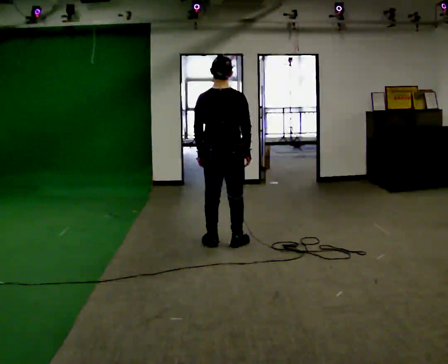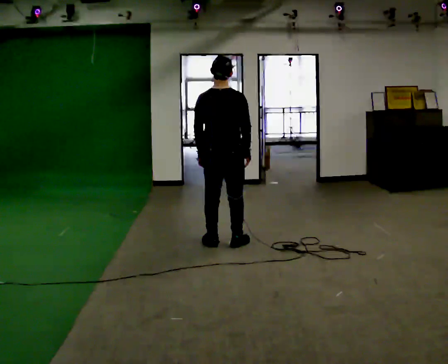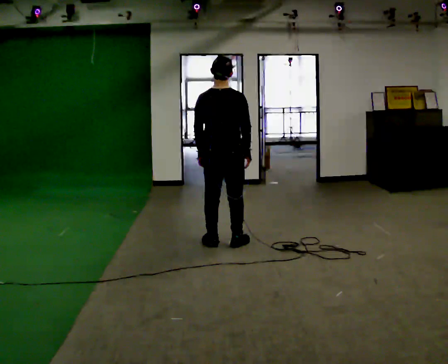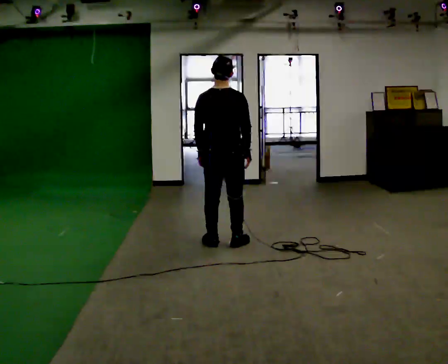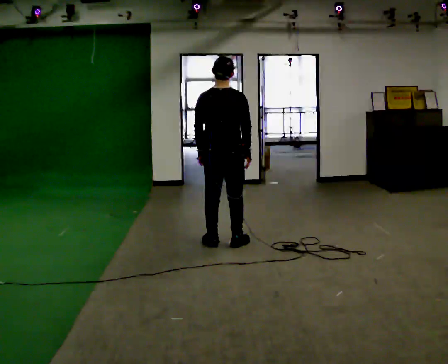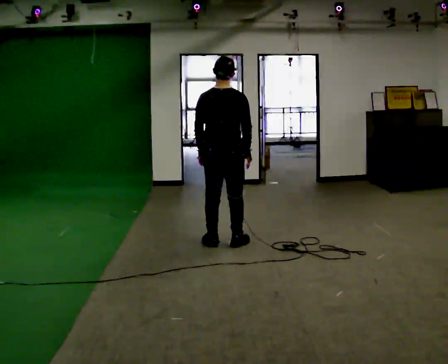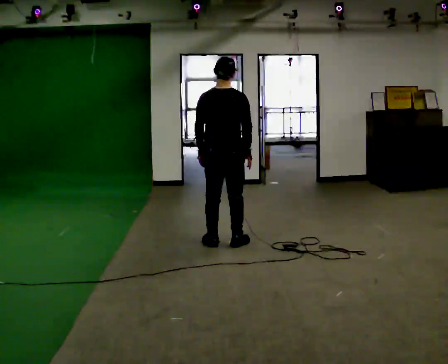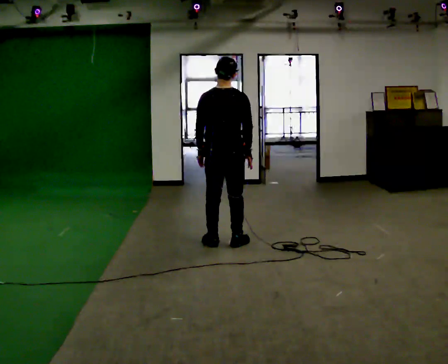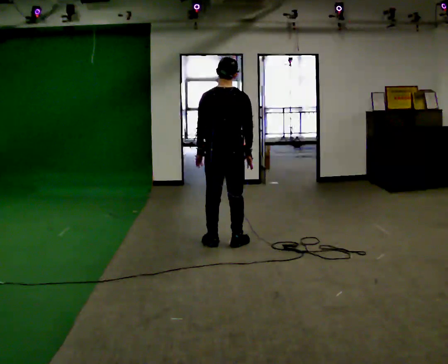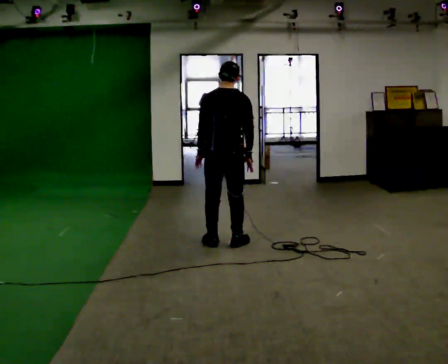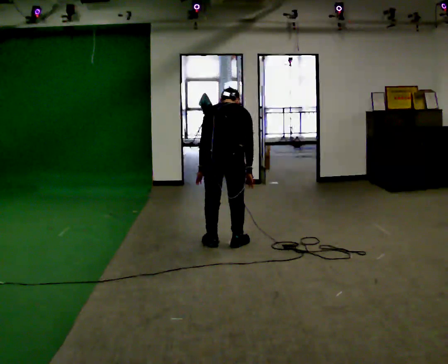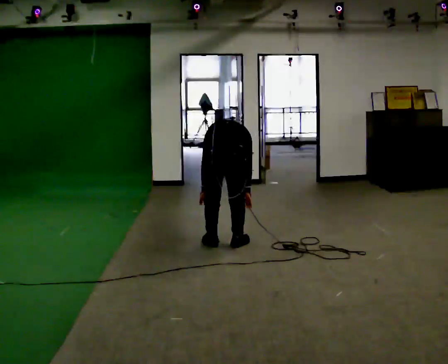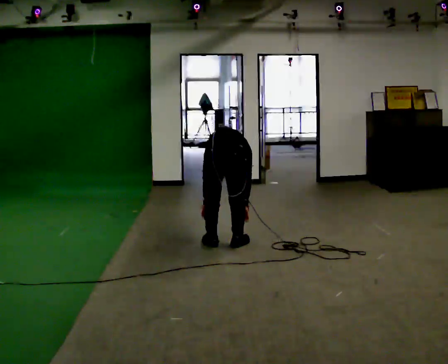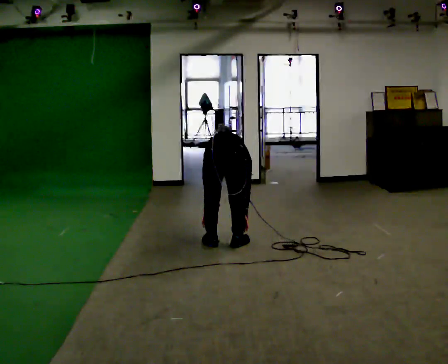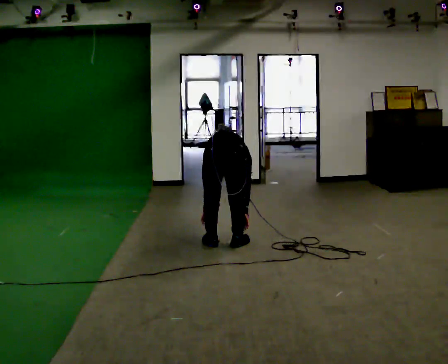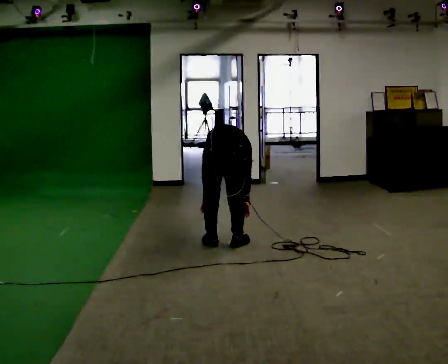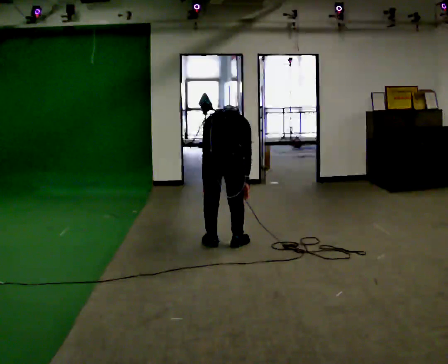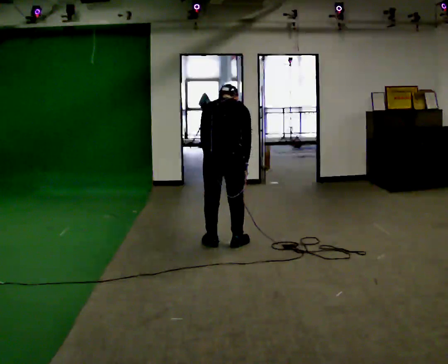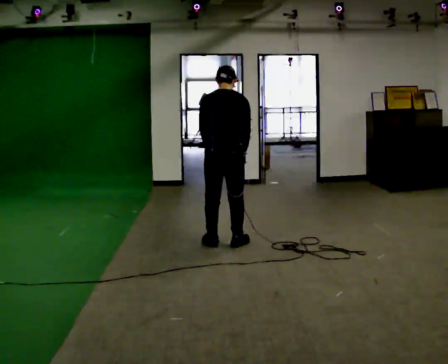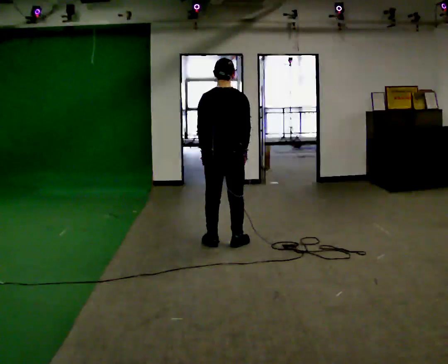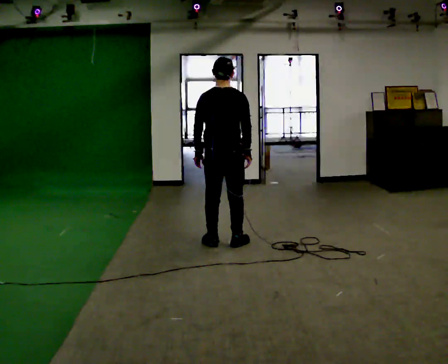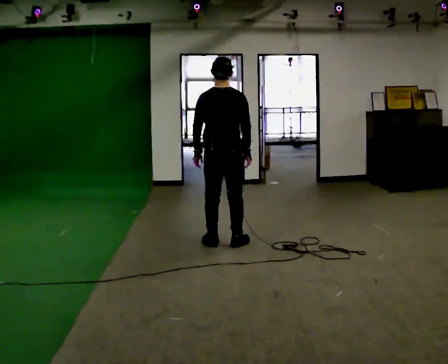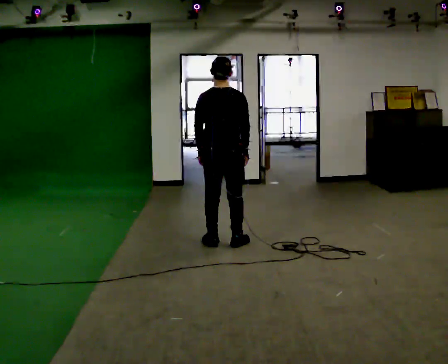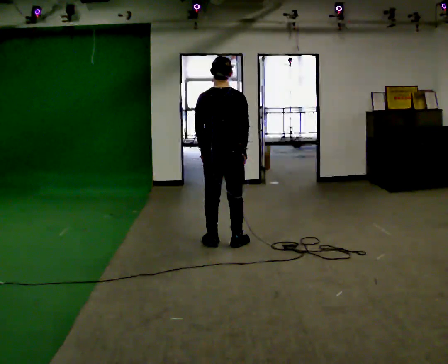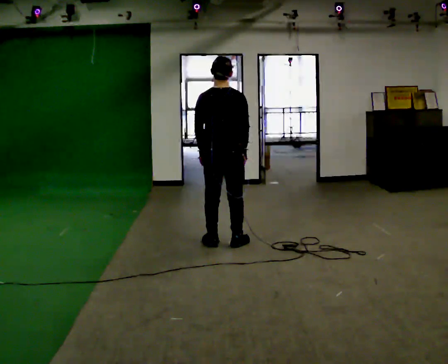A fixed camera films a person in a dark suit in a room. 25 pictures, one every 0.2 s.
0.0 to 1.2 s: The person moves a little, or ends about where they began.
1.2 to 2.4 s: In the picture they go toward the camera, about 0.25 m, which for them is backward. The shoulders move downward. The upper body tips away from the camera, its near side rolling upward, as they bend forward. In the picture their right hand goes downward.
2.4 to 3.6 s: In the picture they go away from the camera, about 0.25 m, which for them is forward. The upper body goes upward. The upper body tips toward the camera, its near side rolling downward, as they lean back or straighten. In the picture their left hand goes upward.
3.6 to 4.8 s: The person moves a little, or ends about where they began.
The film runs forward here.
